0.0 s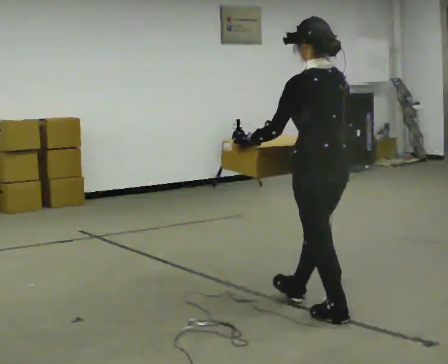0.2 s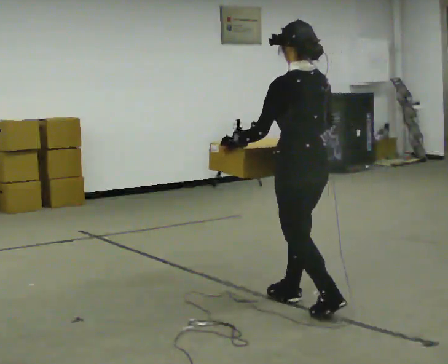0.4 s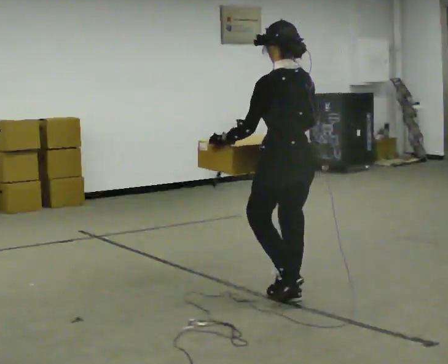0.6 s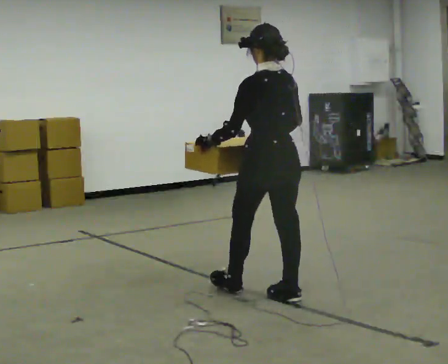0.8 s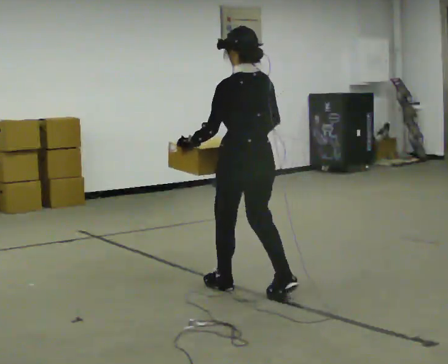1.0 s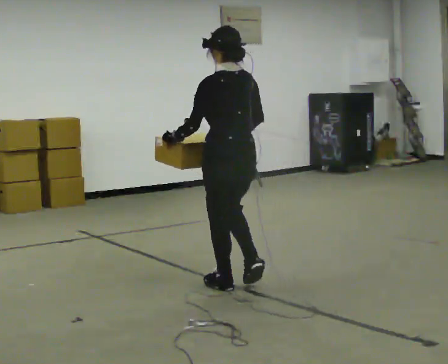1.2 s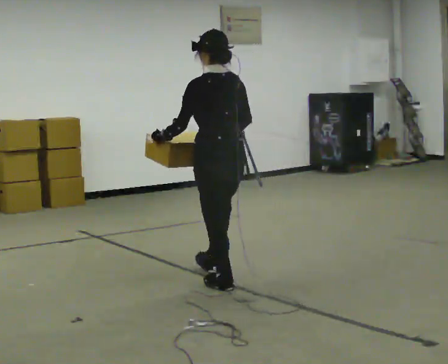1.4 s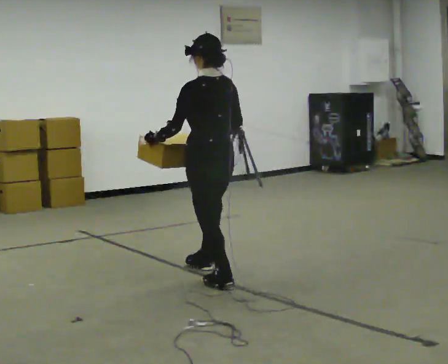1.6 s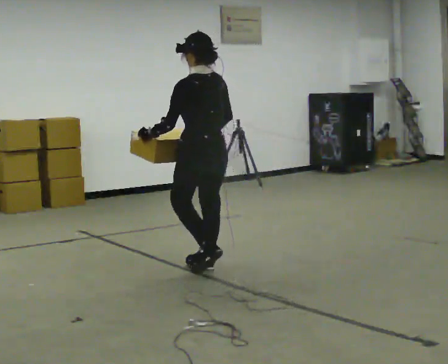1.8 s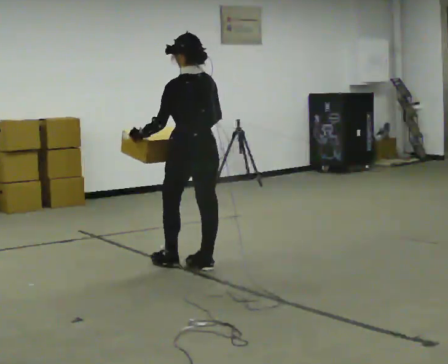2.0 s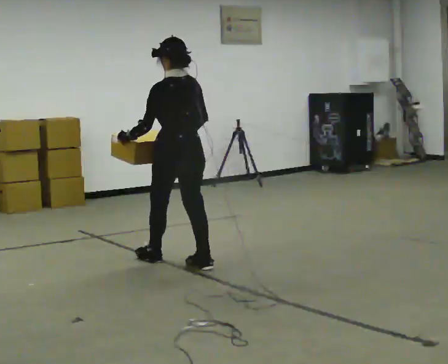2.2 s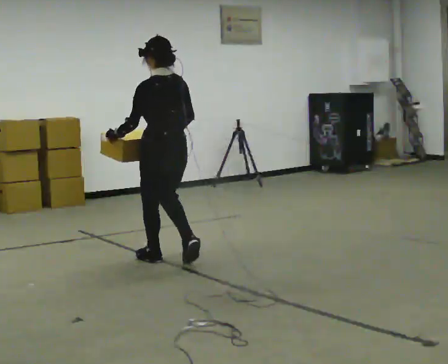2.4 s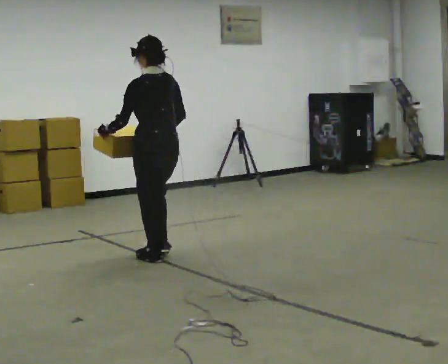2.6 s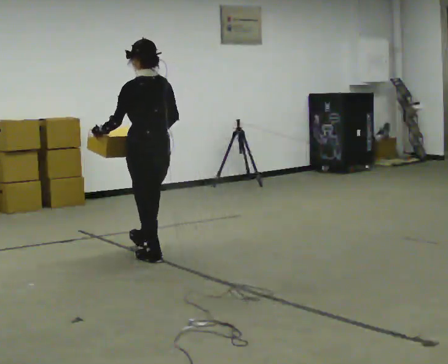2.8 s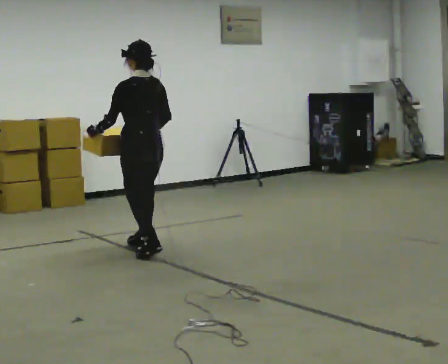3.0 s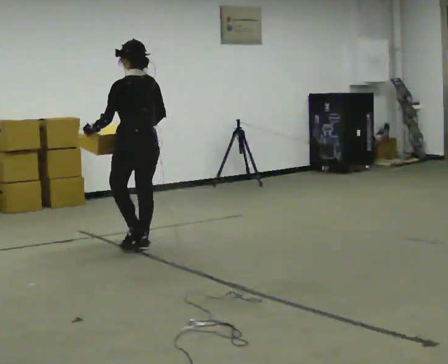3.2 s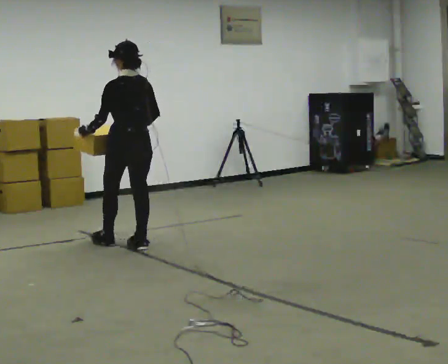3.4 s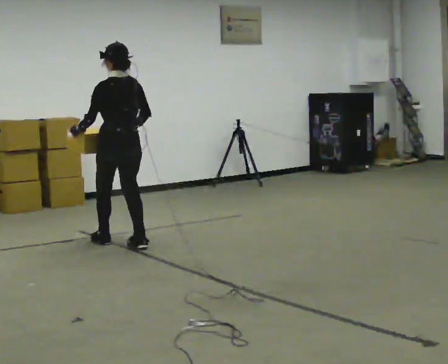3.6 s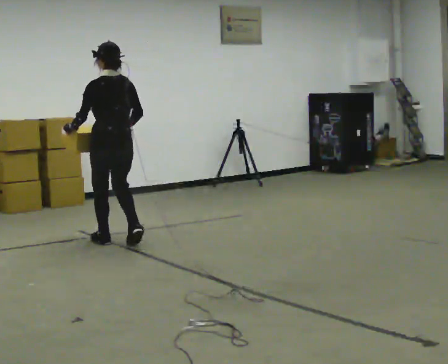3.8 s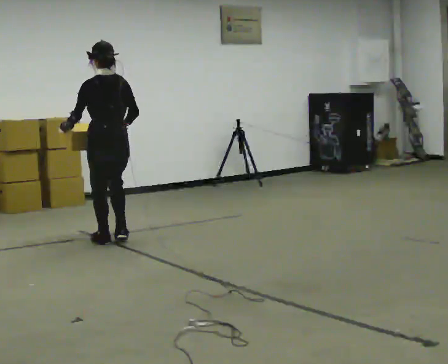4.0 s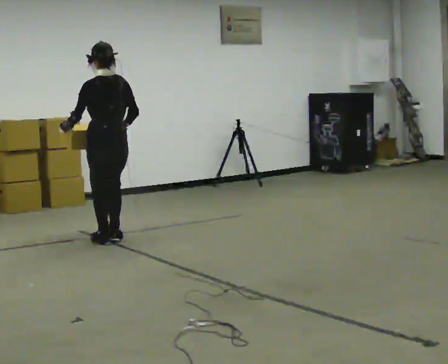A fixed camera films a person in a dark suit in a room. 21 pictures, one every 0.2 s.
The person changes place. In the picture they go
away from the camera.
0.0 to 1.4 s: In the picture they go away from the camera and to the left, about 1 m in 3 steps, which for them is forward.
1.4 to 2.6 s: In the picture they go away from the camera and to the left, about 0.5 m in 2 steps, which for them is forward.
2.6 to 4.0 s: In the picture they go away from the camera and to the left, about 0.75 m in 2 steps, which for them is forward.
The film runs forward here.
